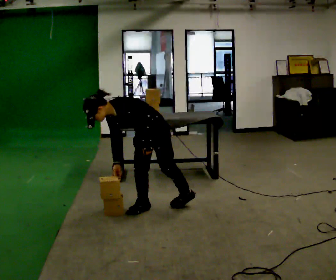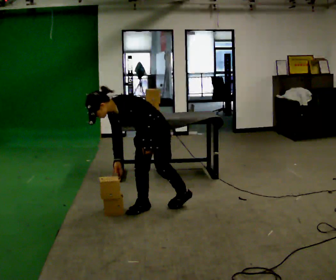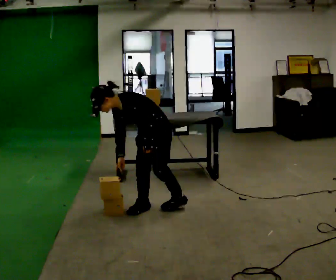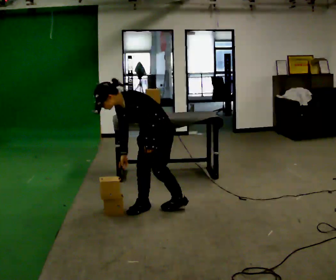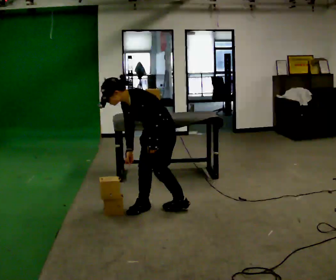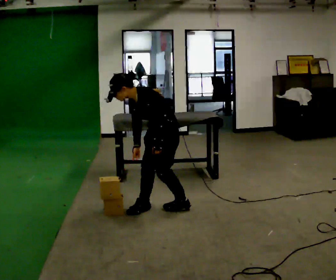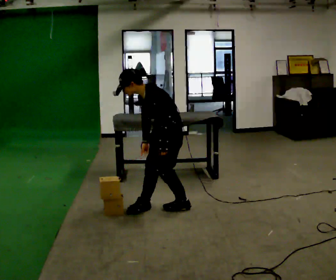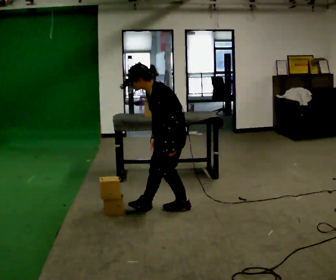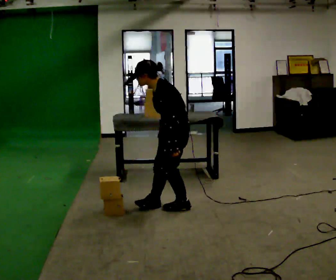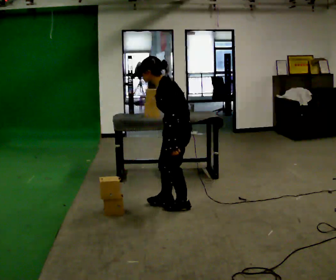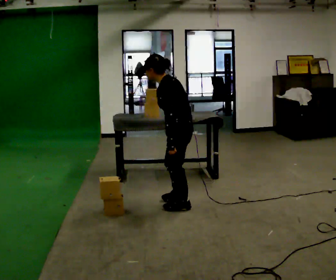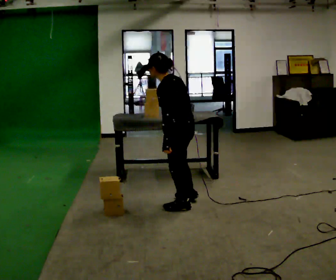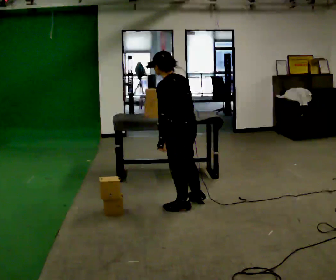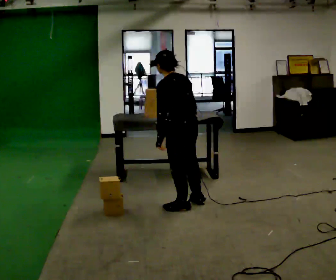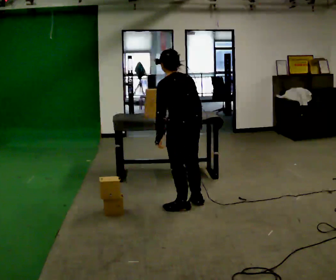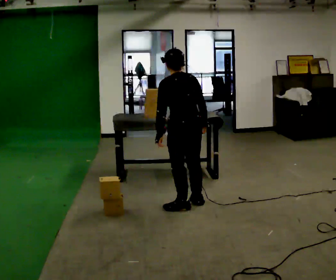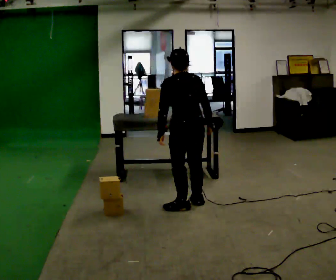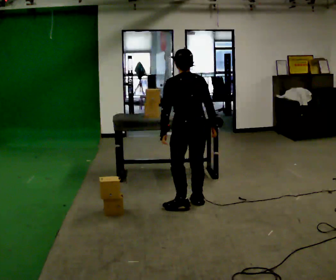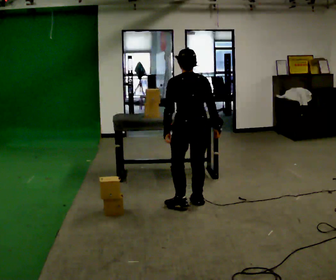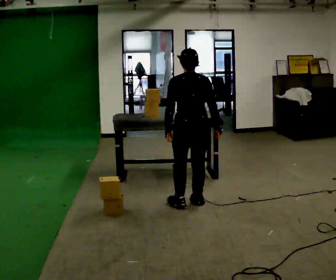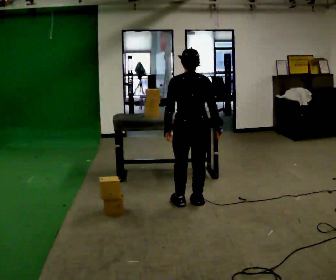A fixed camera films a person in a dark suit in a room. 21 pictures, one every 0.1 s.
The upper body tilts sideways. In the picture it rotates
clockwise.
The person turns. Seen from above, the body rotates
clockwise.
0.0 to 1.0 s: The person turns about 45 degrees to their right, clockwise seen from above, so the part of the body nearest the lens slides to the left. In the picture they go to the right, about 0.25 m in 1 step, which for them is backward and to their left. The shoulders move upward. In the picture the upper body tilts clockwise, shoulders to the right, as they lean back or straighten.
1.0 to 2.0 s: The person turns about 75 degrees to their right, clockwise seen from above, so the part of the body nearest the lens slides to the left. In the picture the upper body tilts clockwise, shoulders to the right, as they lean back or straighten.
The film runs forward here.
